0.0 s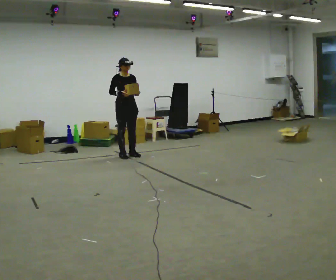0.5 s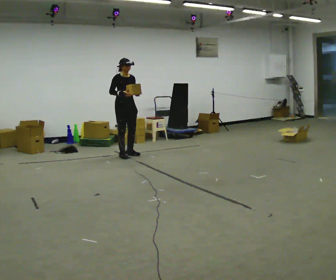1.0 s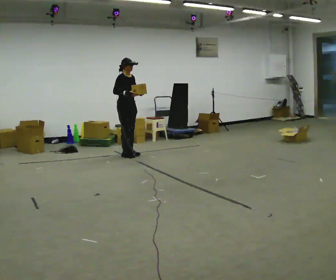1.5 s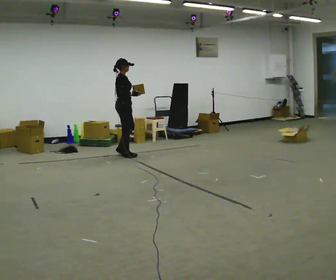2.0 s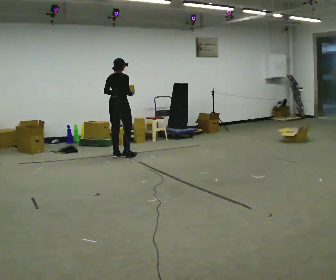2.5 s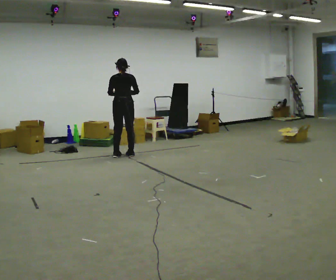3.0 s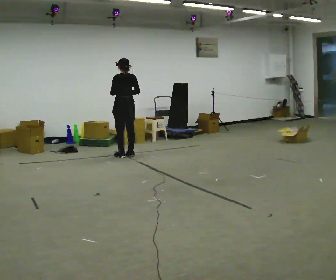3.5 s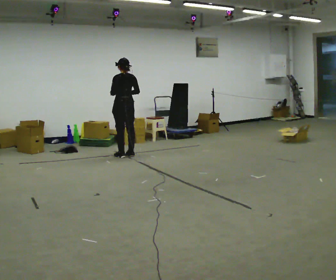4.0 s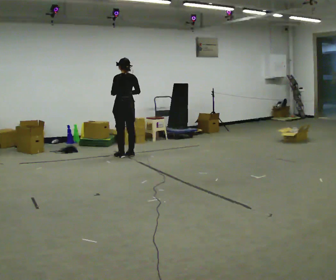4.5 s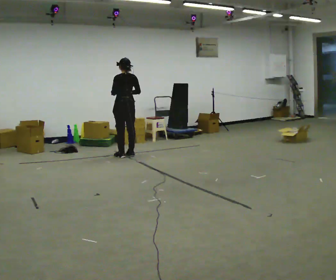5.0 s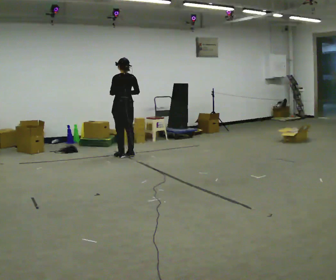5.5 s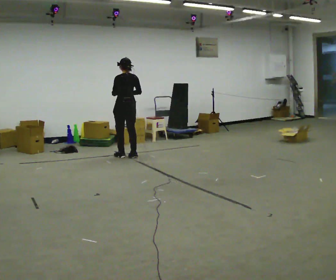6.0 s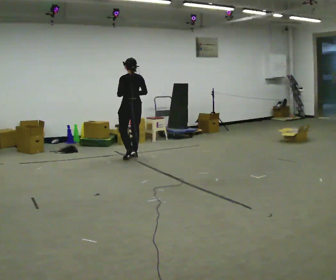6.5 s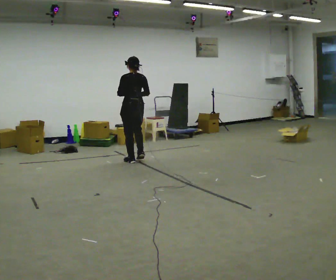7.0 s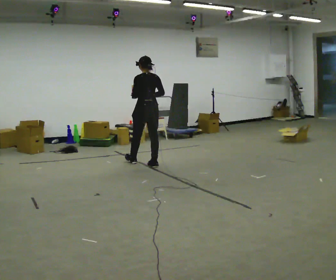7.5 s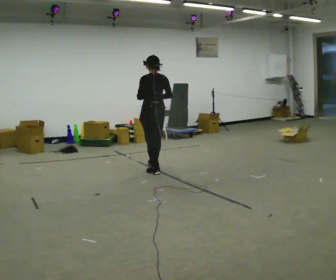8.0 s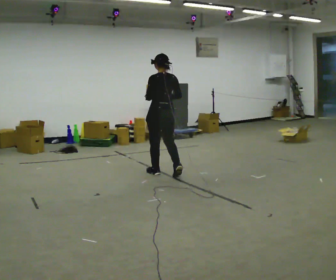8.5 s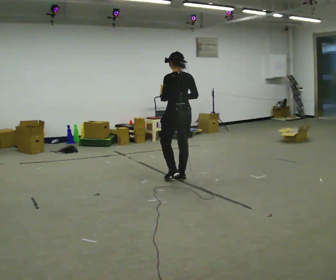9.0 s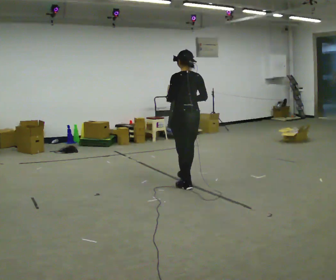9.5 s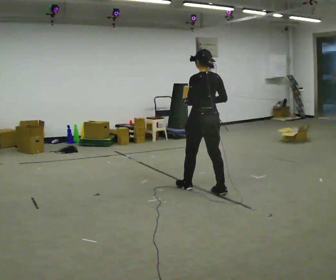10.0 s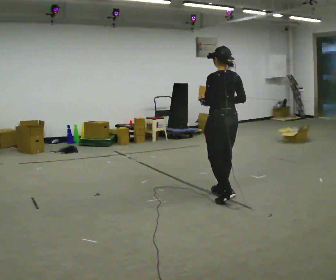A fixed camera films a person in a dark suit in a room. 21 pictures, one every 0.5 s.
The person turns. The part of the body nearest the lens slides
to the right.
The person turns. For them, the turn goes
to their left.
0.0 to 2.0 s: The person turns about 120 degrees to their left, counterclockwise seen from above, so the part of the body nearest the lens slides to the right. In the picture their left hand goes to the left.
2.0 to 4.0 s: The person turns about 60 degrees to their left, counterclockwise seen from above, so the part of the body nearest the lens slides to the right.
4.0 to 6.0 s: In the picture they go toward the camera, about 0.25 m in 1 step, which for them is backward.
6.0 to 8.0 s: In the picture they go toward the camera, about 1 m in 3 steps, which for them is backward.
8.0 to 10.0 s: In the picture they go toward the camera and to the right, about 1 m in 3 steps, which for them is backward.
The film runs backward here.
